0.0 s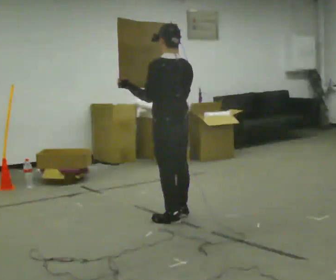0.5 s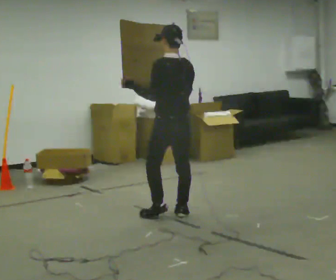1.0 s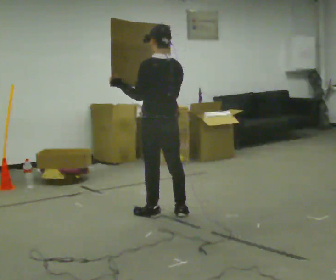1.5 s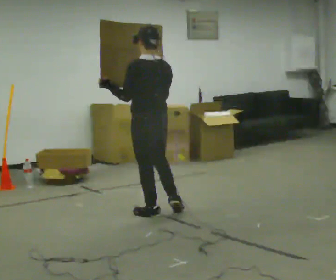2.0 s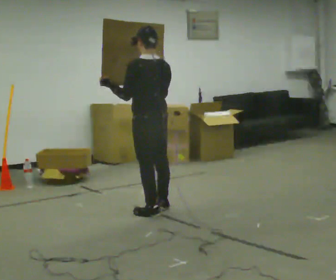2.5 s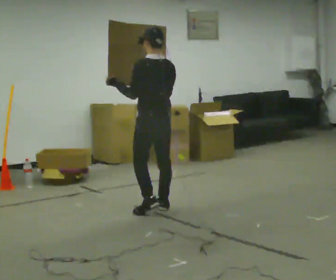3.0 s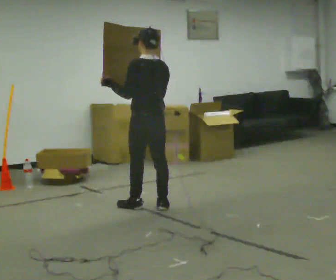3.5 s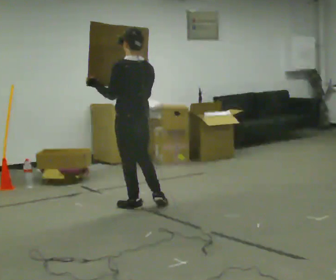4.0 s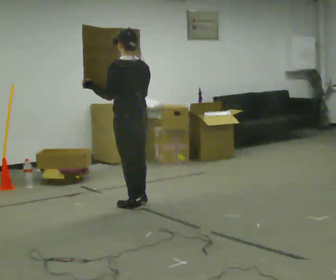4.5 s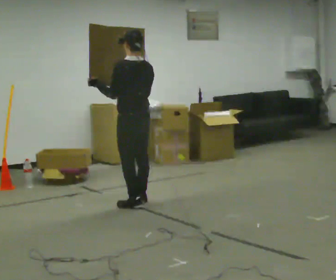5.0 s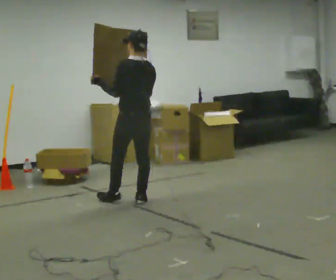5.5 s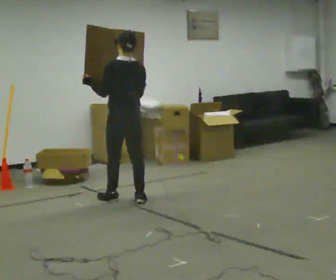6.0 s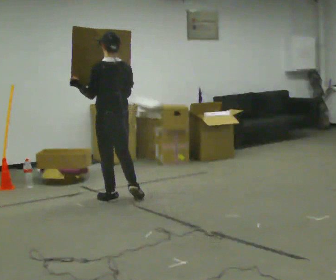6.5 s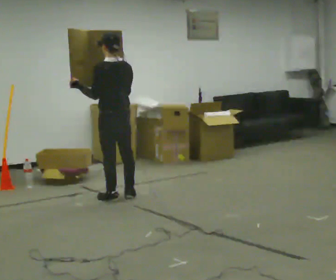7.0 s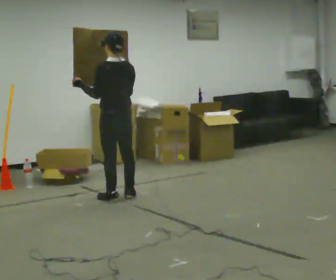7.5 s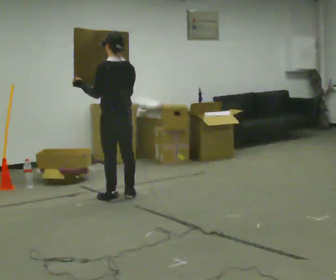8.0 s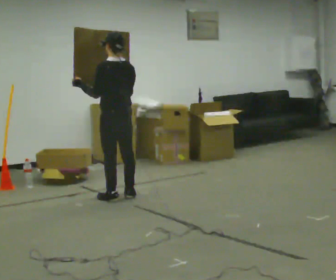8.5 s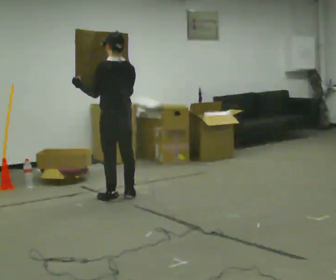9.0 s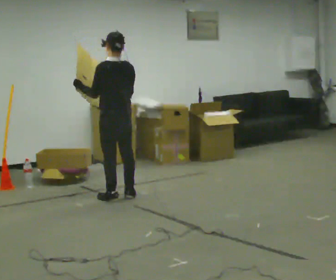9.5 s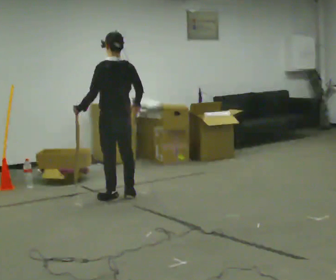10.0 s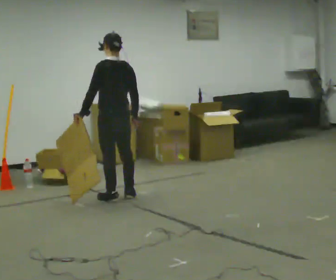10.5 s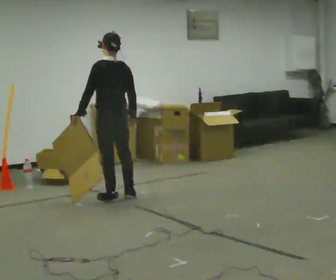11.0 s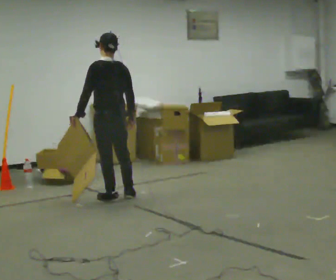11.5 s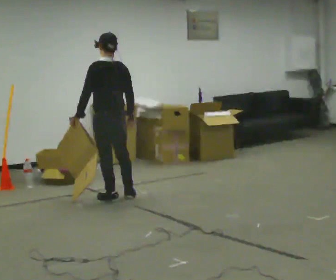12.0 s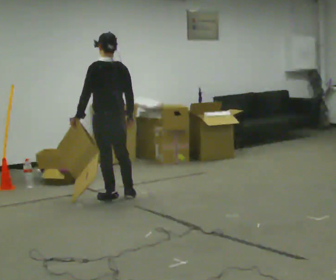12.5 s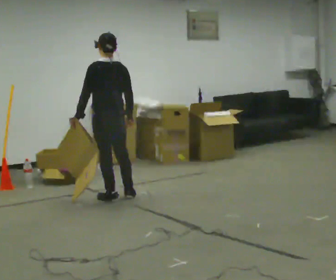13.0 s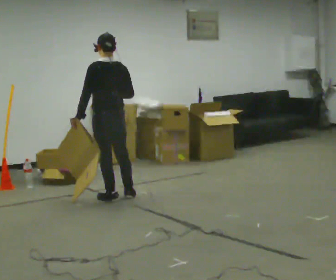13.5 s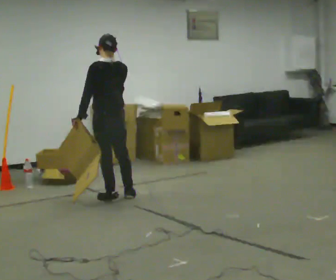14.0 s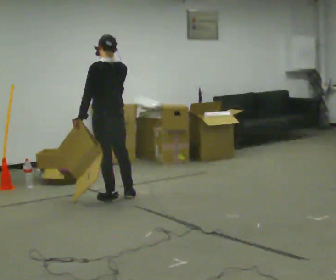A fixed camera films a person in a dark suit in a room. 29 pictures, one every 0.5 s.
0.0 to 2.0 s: In the picture they go away from the camera, about 0.25 m in 2 steps, which for them is forward.
2.0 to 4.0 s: In the picture they go away from the camera, about 0.25 m in 2 steps, which for them is forward.
4.0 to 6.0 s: In the picture they go away from the camera and to the left, about 0.25 m in 1 step, which for them is forward.
6.0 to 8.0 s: The person moves a little, or ends about where they began.
8.0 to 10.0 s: In the picture their right hand goes downward.
10.0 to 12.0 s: The person moves a little, or ends about where they began.
12.0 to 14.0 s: In the picture their right hand goes upward.
The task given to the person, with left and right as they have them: Carry the large light object across the room, back and forth. It is awkward rather than heavy, so hold it however works.
The film runs forward here.
